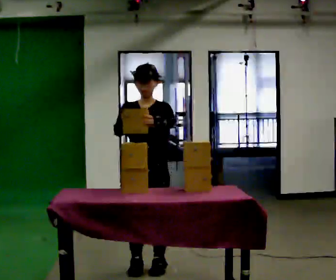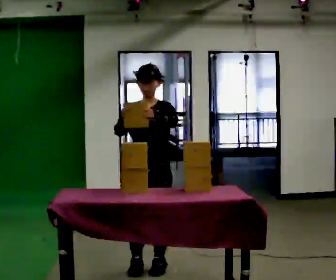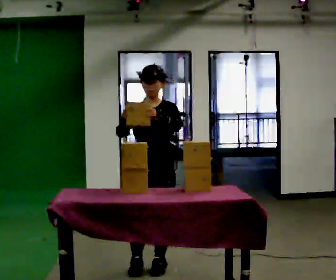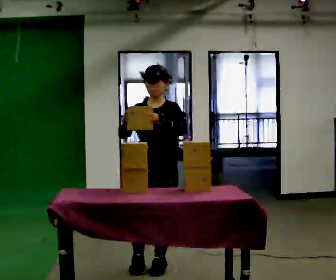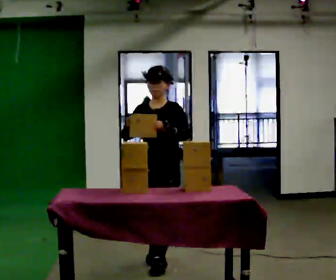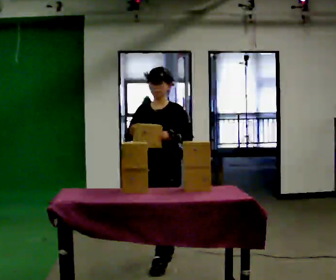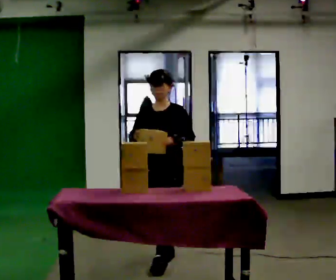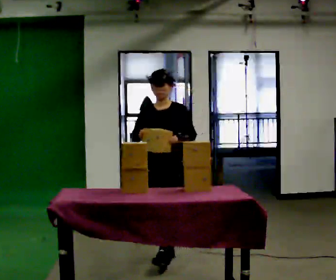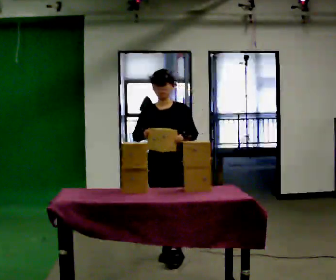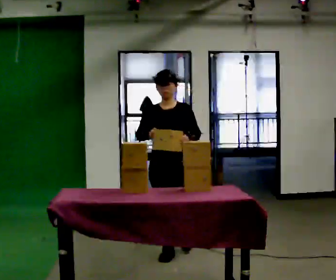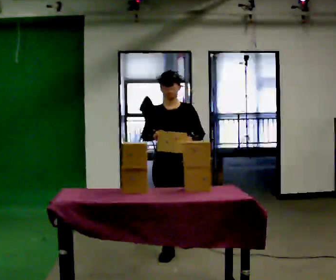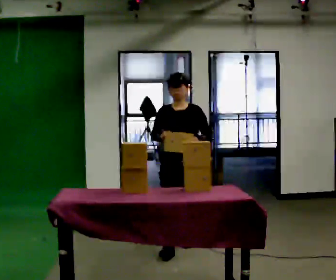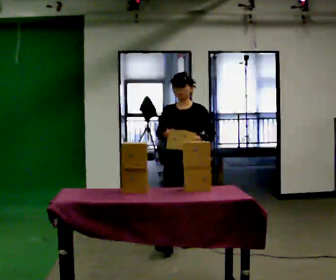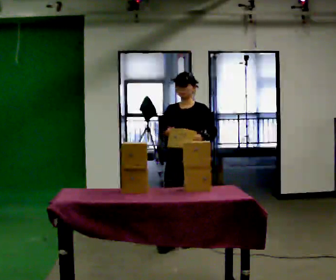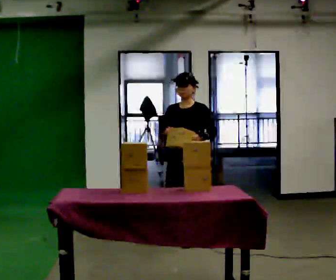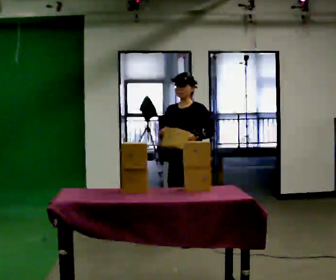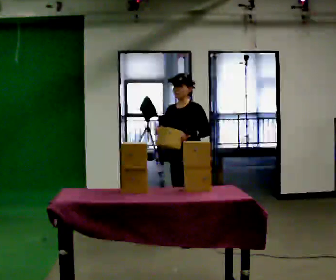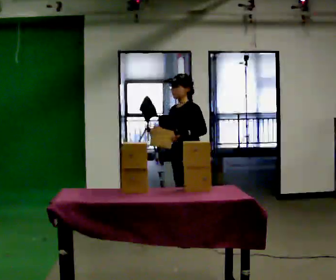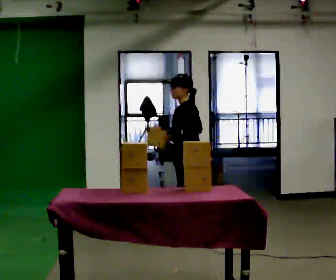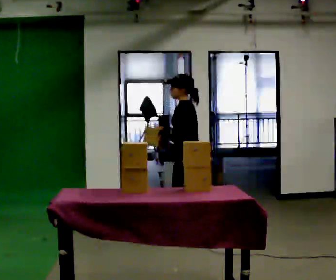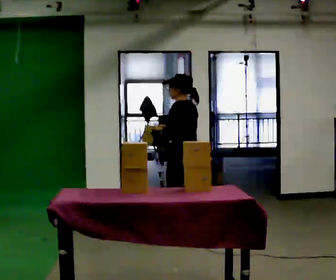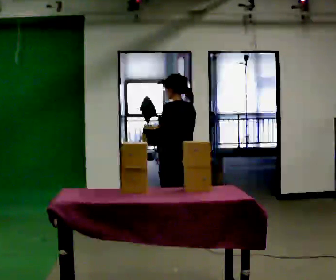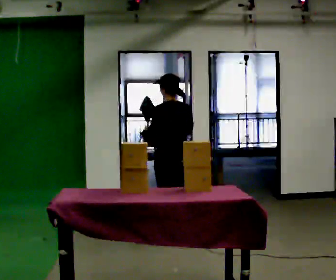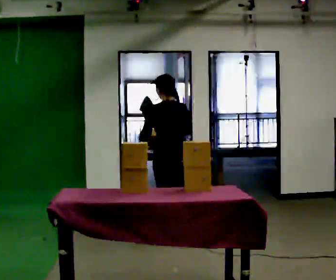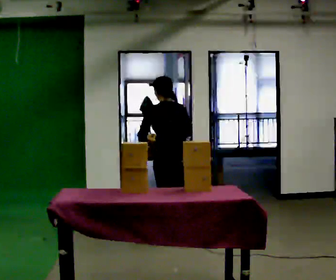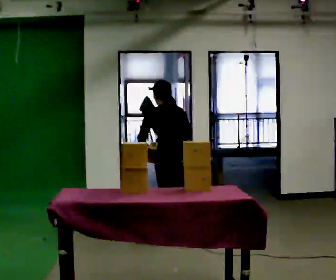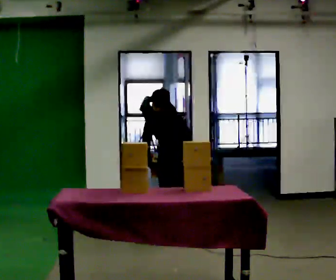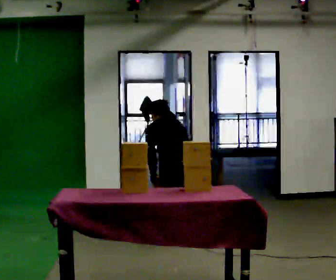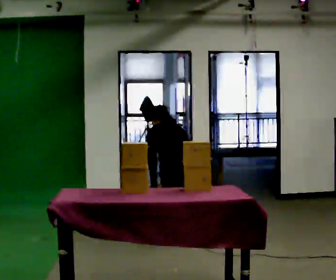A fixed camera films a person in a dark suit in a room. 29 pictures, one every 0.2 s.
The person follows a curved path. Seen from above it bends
counterclockwise.
Their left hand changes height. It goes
downward.
0.0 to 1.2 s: In the picture they go away from the camera, about 0.25 m in 1 step, which for them is backward.
1.2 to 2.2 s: In the picture they go away from the camera, about 0.5 m in 1 step, which for them is backward.
2.2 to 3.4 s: Seen from above the body turns clockwise, about 60 degrees: to their right, with its near side sliding to the left. In the picture they go away from the camera, about 0.5 m in 1 step, which for them is backward.
3.4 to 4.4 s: The part of the body nearest the lens slides to the left as the person turns to their right by about 90 degrees. In the picture their left hand goes to the left.
4.4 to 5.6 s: The upper body goes downward. The upper body tips away from the camera, its near side rolling upward, as they bend forward. In the picture their right hand goes downward.
The film runs backward here.
